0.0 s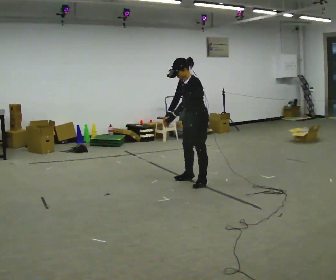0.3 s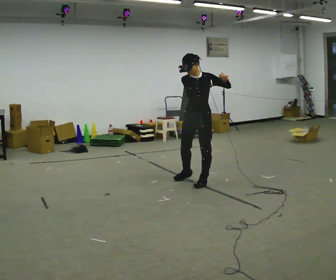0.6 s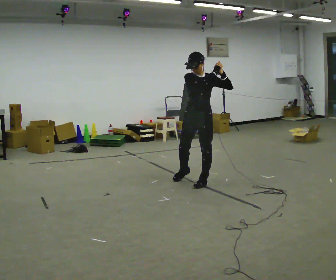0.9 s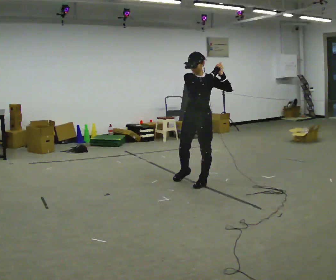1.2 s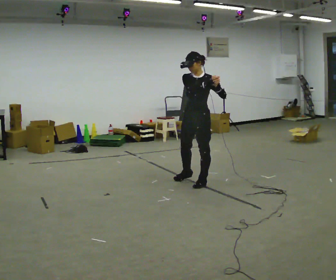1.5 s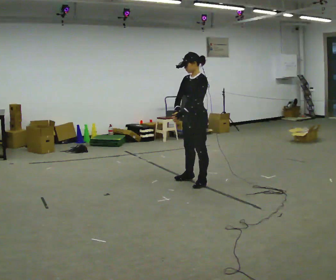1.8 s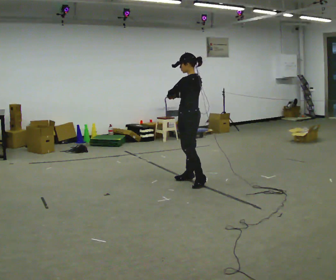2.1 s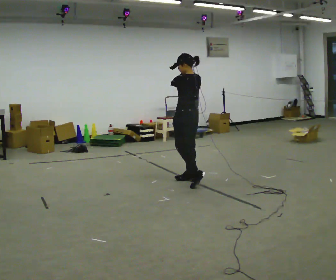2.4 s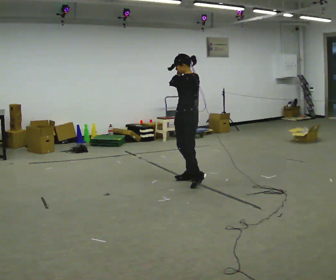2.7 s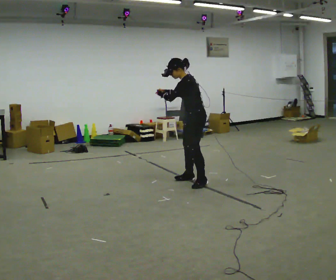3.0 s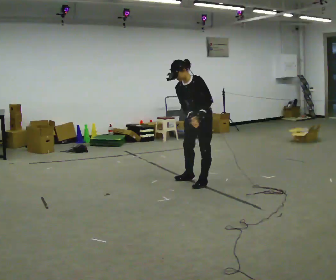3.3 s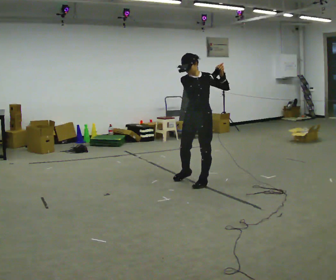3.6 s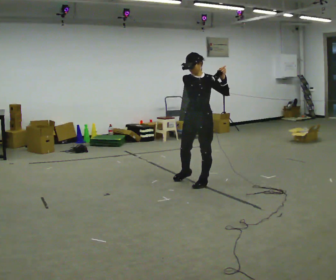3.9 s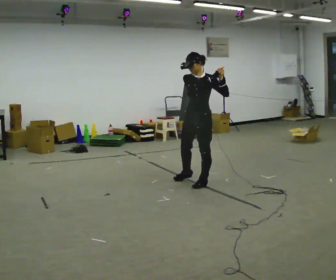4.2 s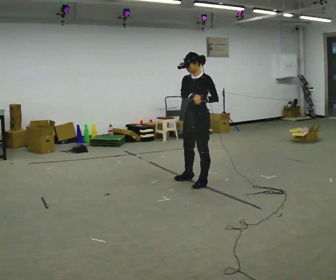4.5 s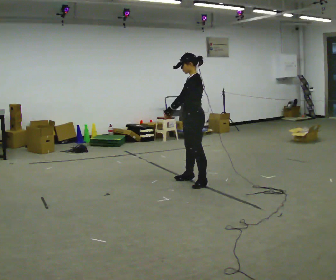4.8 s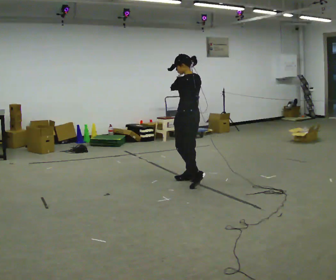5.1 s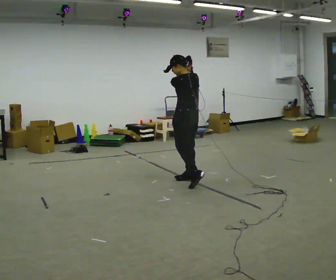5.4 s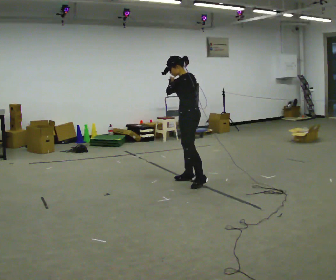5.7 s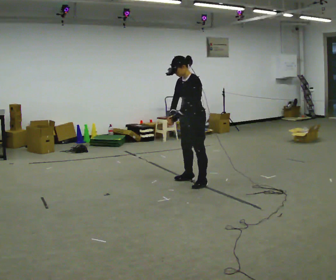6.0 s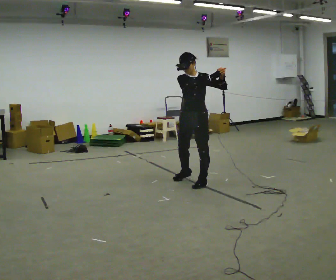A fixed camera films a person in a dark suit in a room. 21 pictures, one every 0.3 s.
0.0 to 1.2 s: Seen from above the body turns counterclockwise, about 30 degrees: to their left, with its near side sliding to the right. In the picture they go toward the camera, about 0.25 m, which for them is forward. In the picture the upper body tilts clockwise, shoulders to the right, as they lean back or straighten. In the picture their right hand goes to the right and upward.
1.2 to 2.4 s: Seen from above the body turns clockwise, about 75 degrees: to their right, with its near side sliding to the left. In the picture they go away from the camera, about 0.25 m. In the picture their left hand goes to the left.
2.4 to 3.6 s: The part of the body nearest the lens slides to the right as the person turns to their left by about 90 degrees. In the picture they go toward the camera, about 0.25 m. In the picture their left hand goes to the right.
3.6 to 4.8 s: The person turns about 90 degrees to their right, clockwise seen from above, so the part of the body nearest the lens slides to the left. In the picture they go away from the camera, about 0.25 m. In the picture their left hand goes to the left.
4.8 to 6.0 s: The person turns about 105 degrees to their left, counterclockwise seen from above, so the part of the body nearest the lens slides to the right. In the picture they go toward the camera, about 0.25 m. In the picture their left hand goes to the right.
The film runs forward here.
